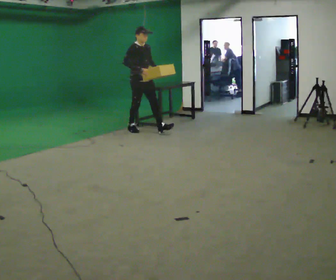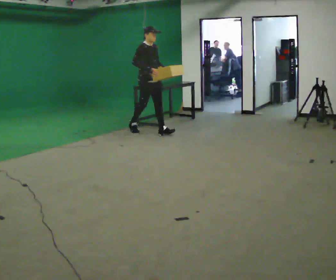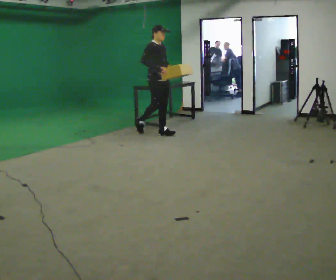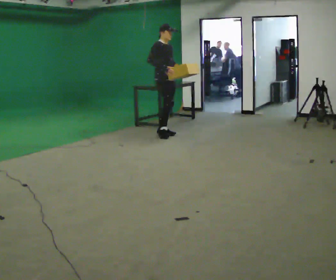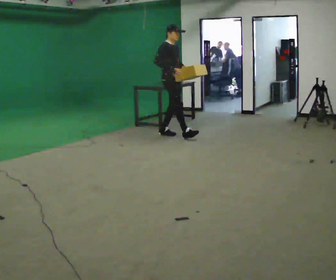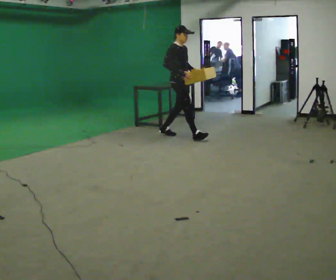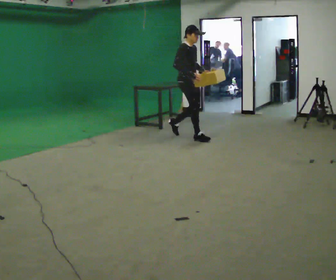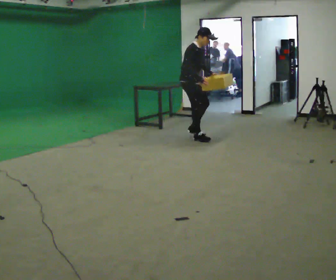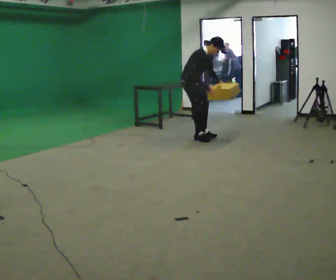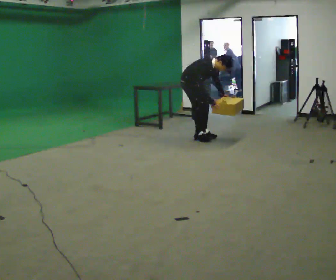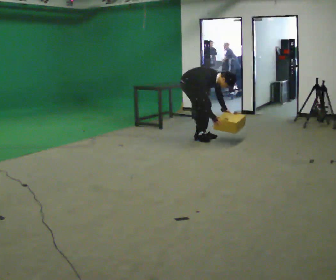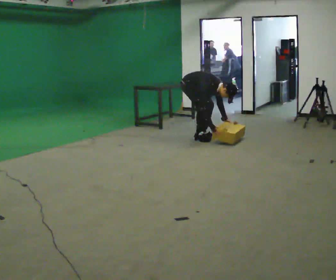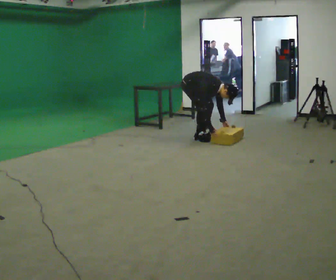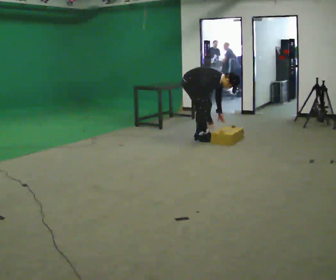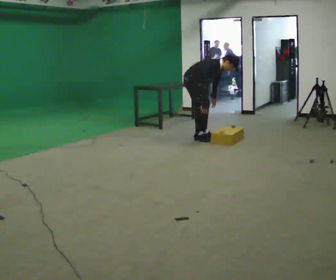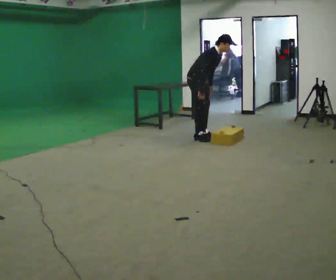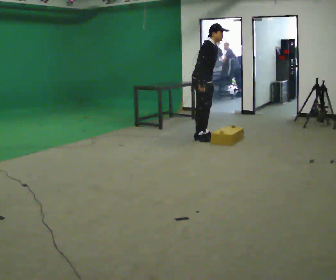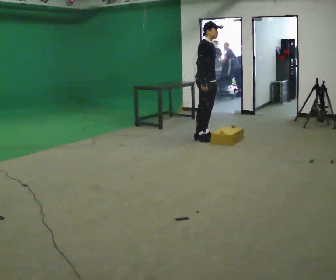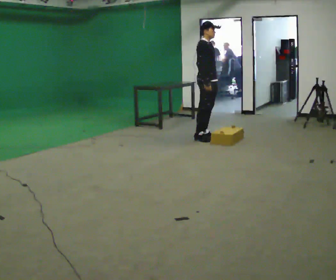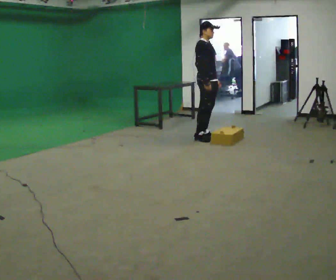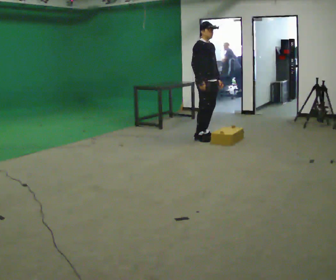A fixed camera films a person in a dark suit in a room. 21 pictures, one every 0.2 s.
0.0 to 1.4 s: In the picture they go to the right and toward the camera, about 1 m in 2 steps, which for them is forward. In the picture the upper body tilts clockwise, shoulders to the right.
1.4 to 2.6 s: In the picture the upper body tilts clockwise, shoulders to the right, as they bend forward. In the picture their right hand goes downward.
2.6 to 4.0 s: In the picture they go to the right, about 0.25 m, which for them is forward. The shoulders move upward. In the picture the upper body tilts counterclockwise, shoulders to the left, as they lean back or straighten. In the picture their left hand goes upward.
The film runs forward here.
